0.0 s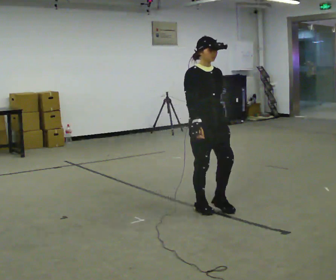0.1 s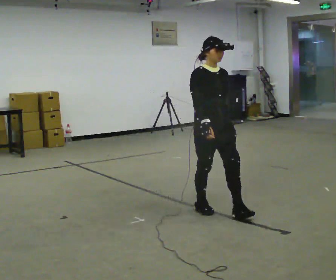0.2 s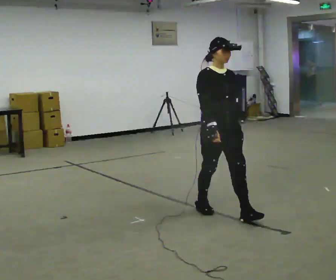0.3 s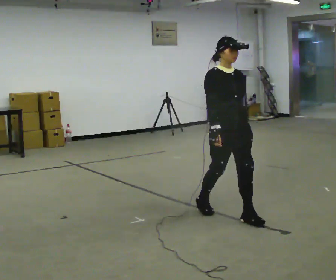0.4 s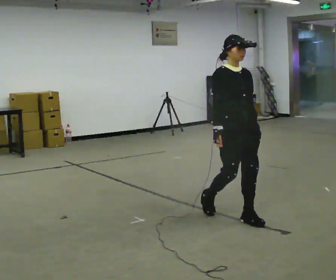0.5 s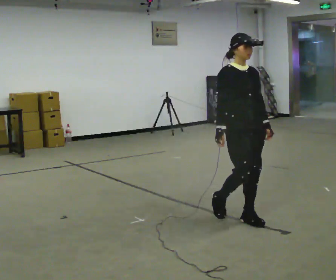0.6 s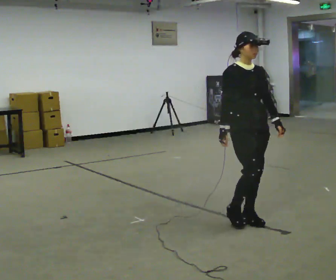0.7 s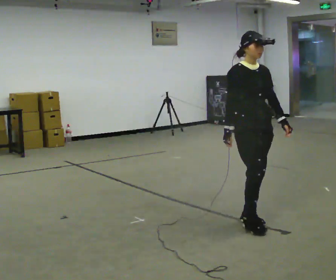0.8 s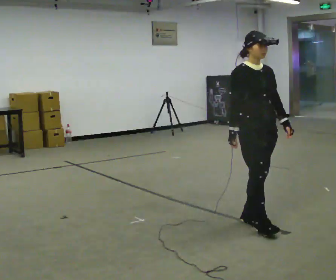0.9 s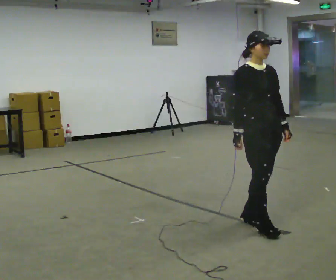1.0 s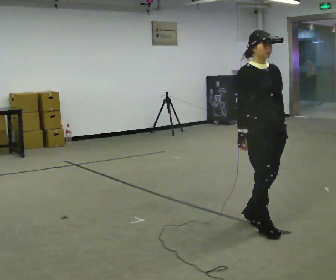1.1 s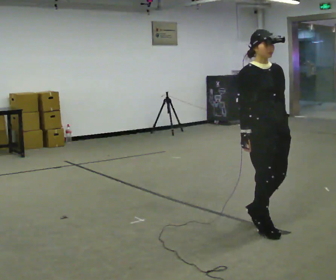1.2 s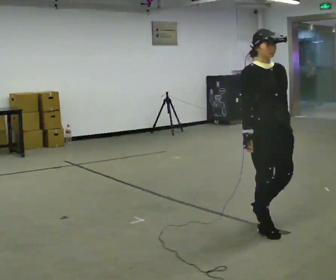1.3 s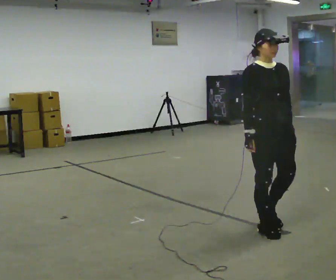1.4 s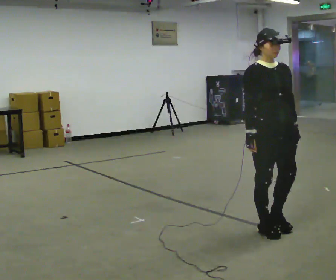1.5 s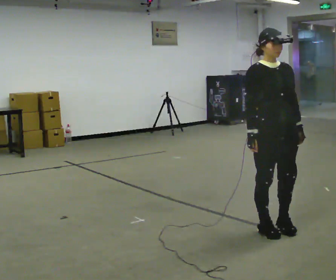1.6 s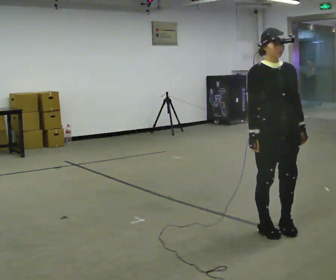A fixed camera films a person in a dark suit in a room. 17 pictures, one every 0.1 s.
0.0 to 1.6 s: In the picture they go to the right and toward the camera, about 1 m in 3 steps, which for them is forward.
The film runs forward here.
